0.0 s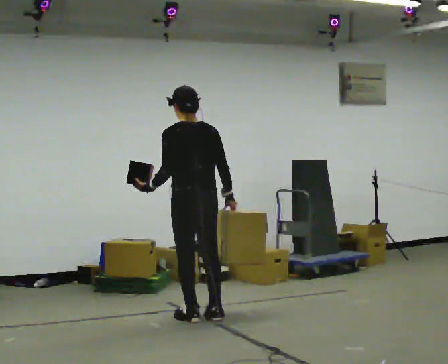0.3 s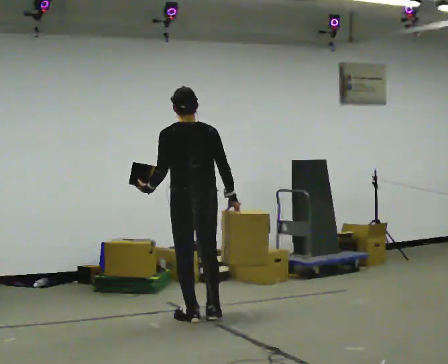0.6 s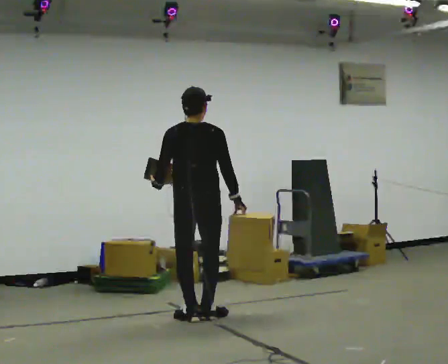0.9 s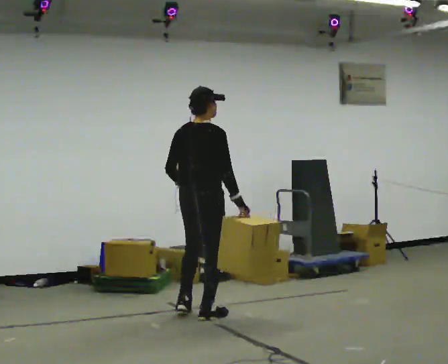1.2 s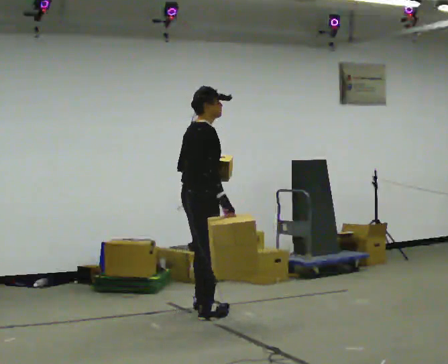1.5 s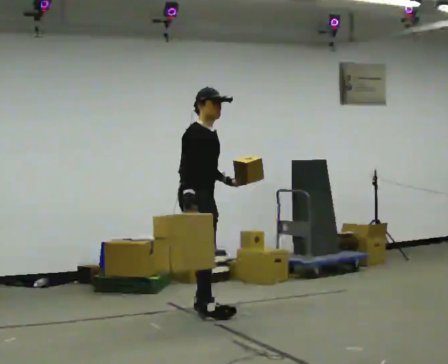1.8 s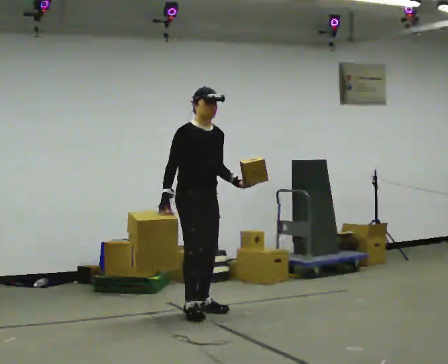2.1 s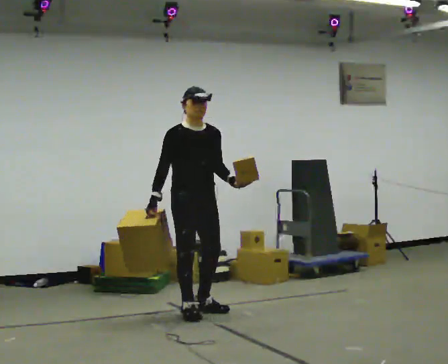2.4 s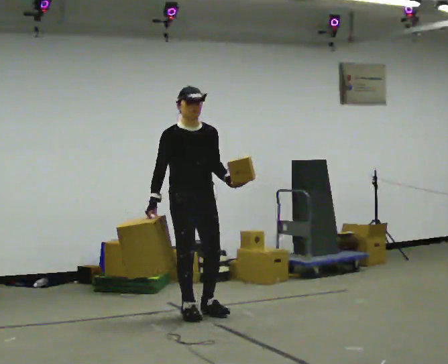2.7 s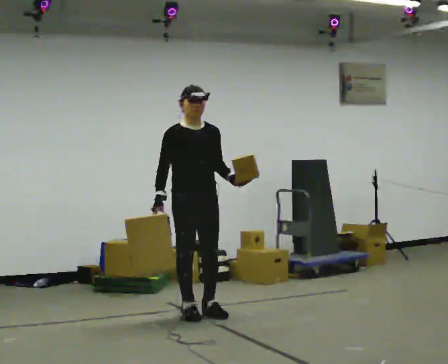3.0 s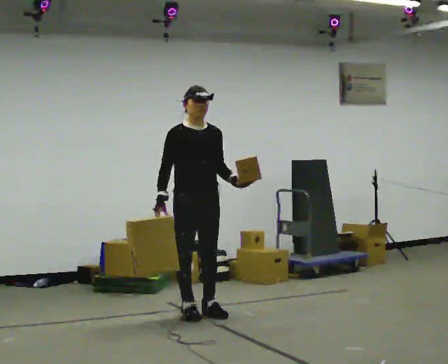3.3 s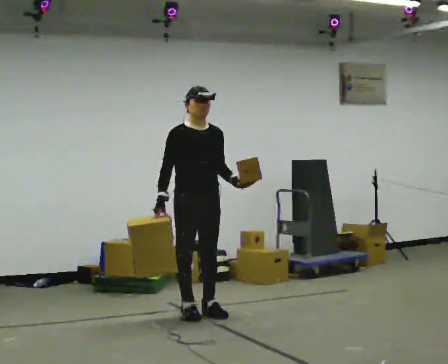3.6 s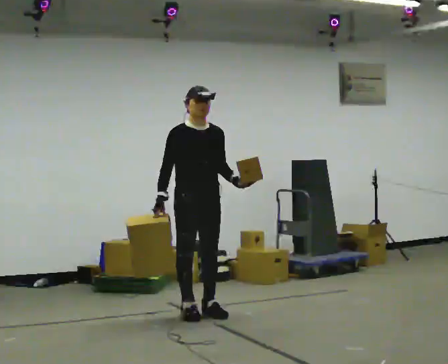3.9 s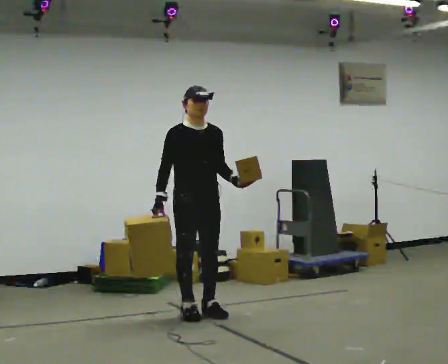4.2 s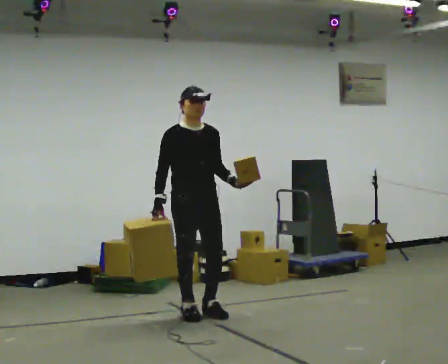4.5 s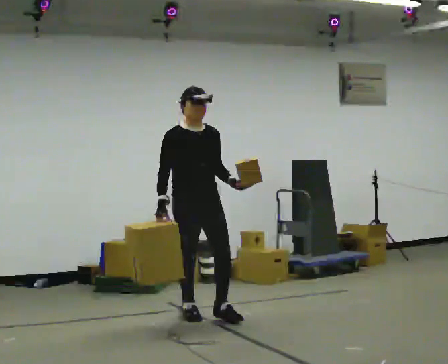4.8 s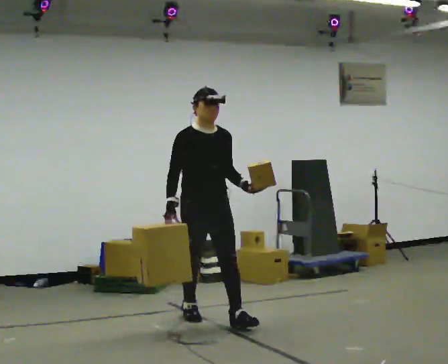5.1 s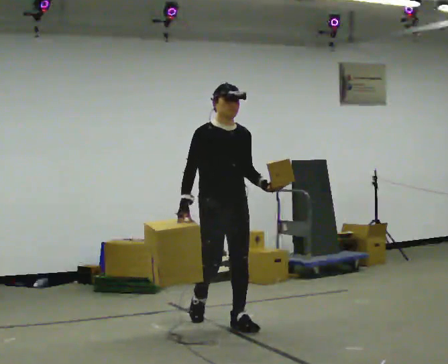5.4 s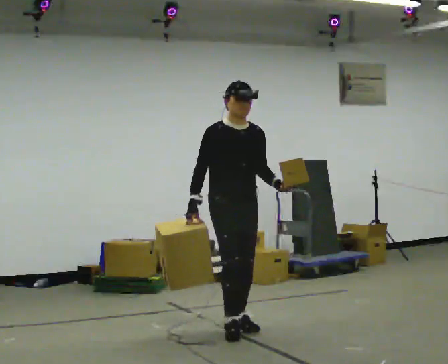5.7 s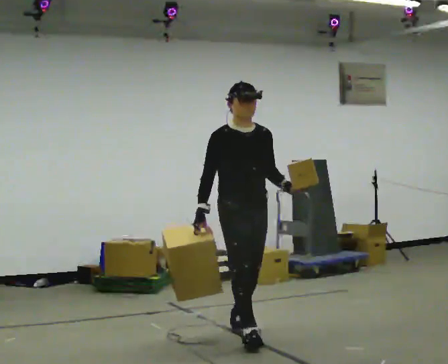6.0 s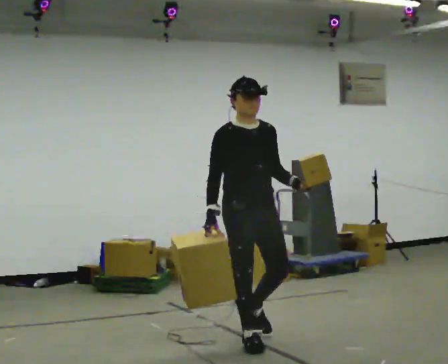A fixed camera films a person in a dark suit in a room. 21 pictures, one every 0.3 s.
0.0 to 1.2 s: Seen from above the body turns clockwise, about 105 degrees: to their right, with its near side sliding to the left. In the picture they go away from the camera, about 0.25 m in 1 step. In the picture their left hand goes to the right, the arm swinging counterclockwise.
1.2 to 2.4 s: Seen from above the body turns clockwise, about 75 degrees: to their right, with its near side sliding to the left.
2.4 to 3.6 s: The person moves a little, or ends about where they began.
3.6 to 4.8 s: In the picture they go toward the camera, about 0.25 m in 1 step, which for them is forward.
4.8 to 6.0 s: In the picture they go toward the camera and to the right, about 1 m in 1 step, which for them is forward.
The film runs forward here.
